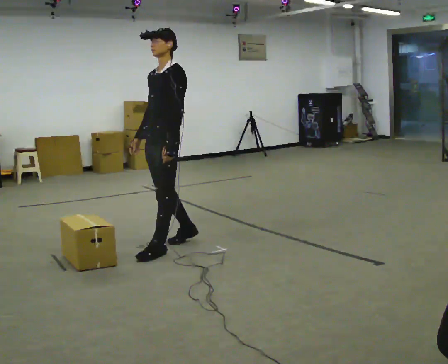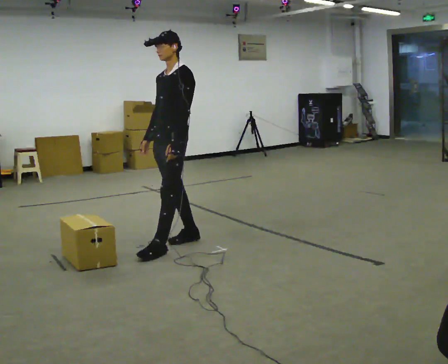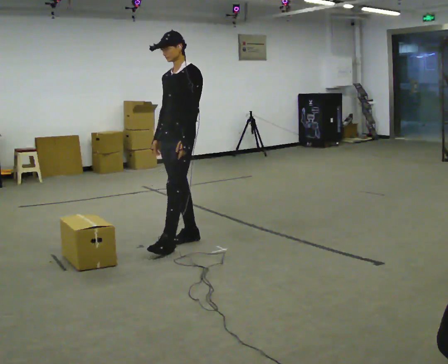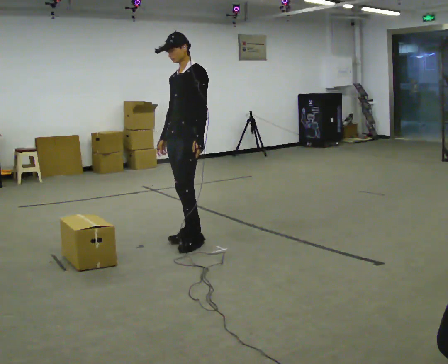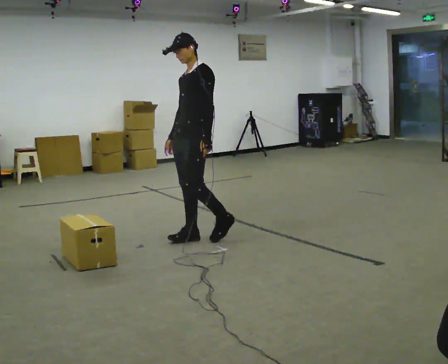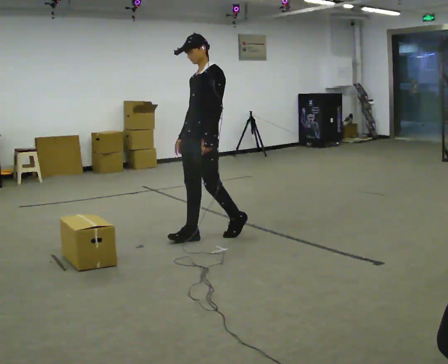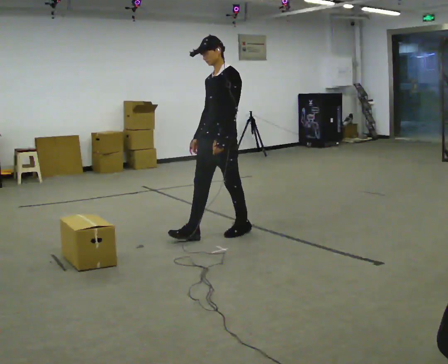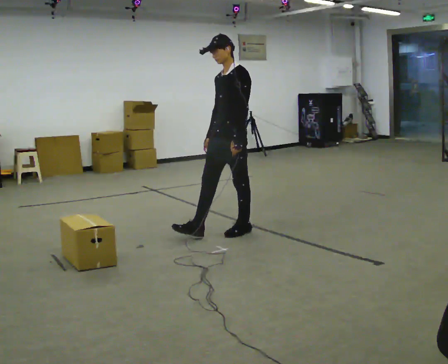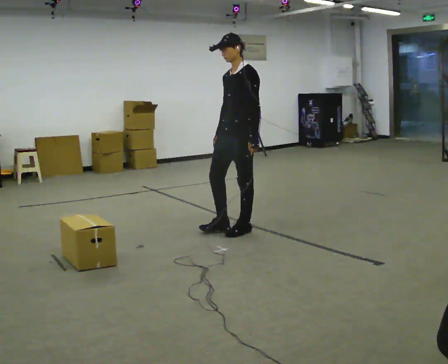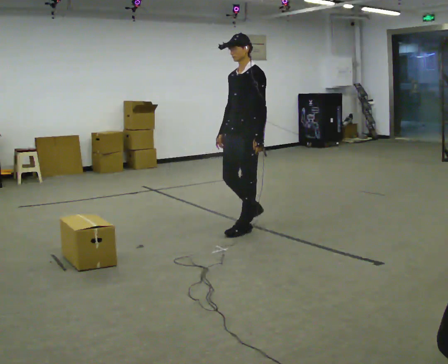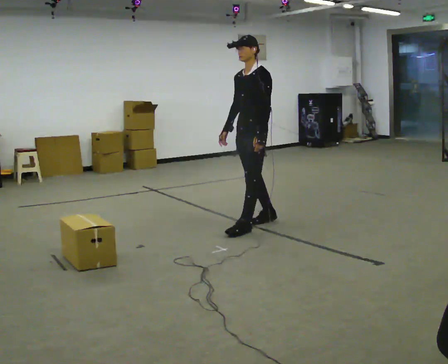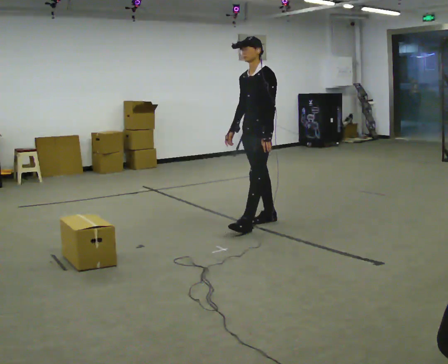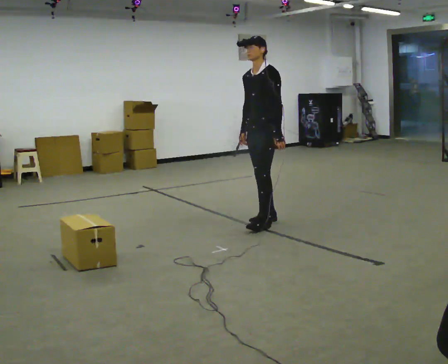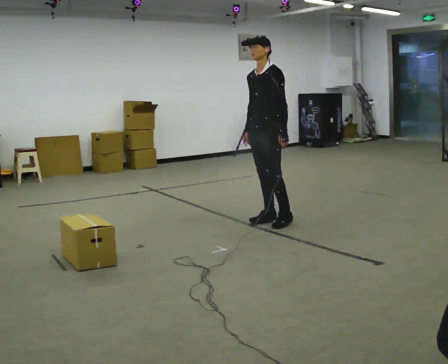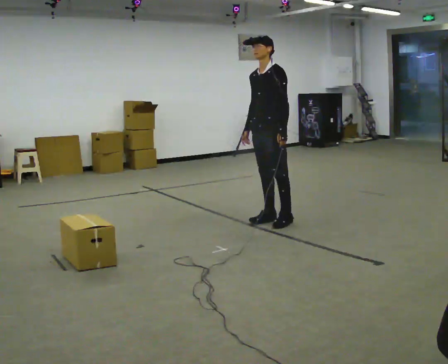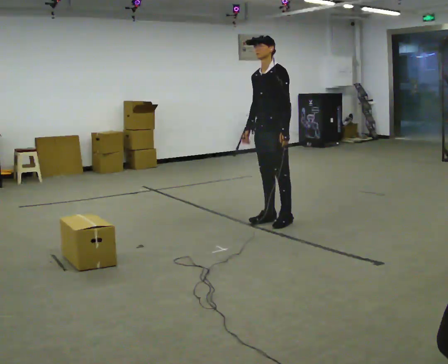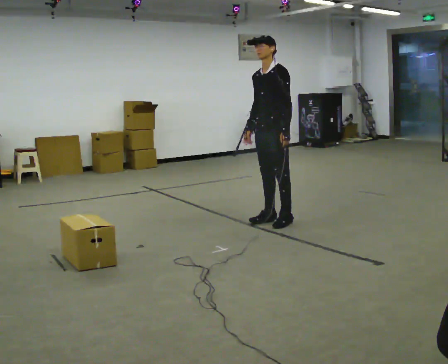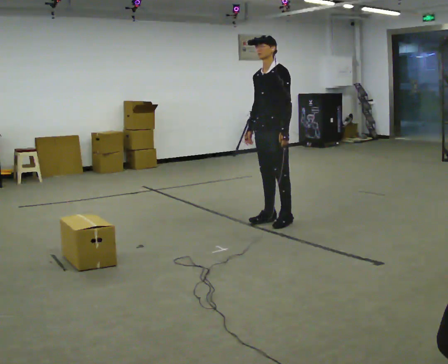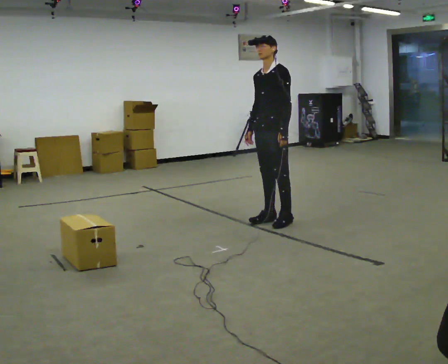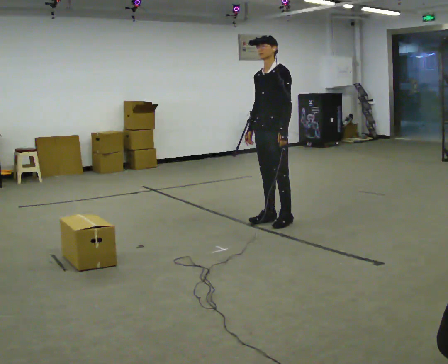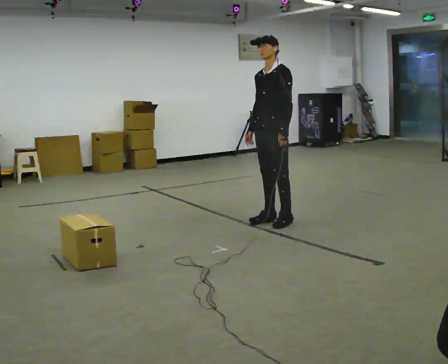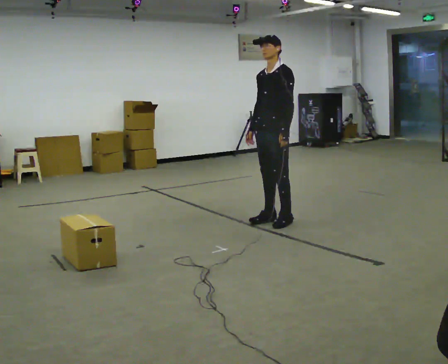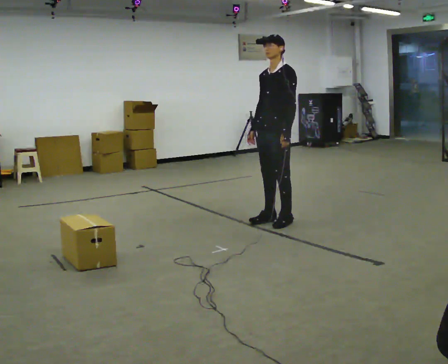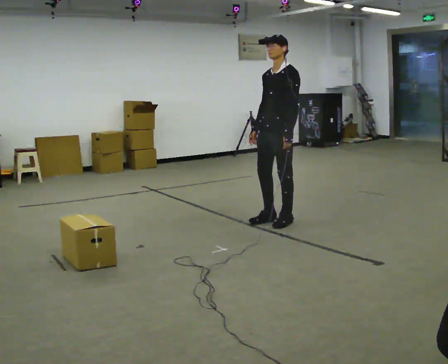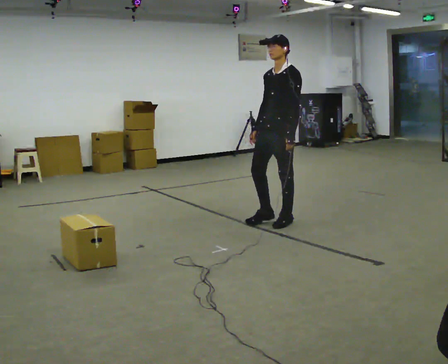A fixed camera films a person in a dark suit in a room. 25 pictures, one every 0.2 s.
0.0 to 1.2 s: In the picture they go to the right and away from the camera, about 0.5 m in 1 step, which for them is backward.
1.2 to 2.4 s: In the picture they go to the right and away from the camera, about 0.5 m in 1 step, which for them is backward.
2.4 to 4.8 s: The person moves a little, or ends about where they began.
The film runs forward here.
